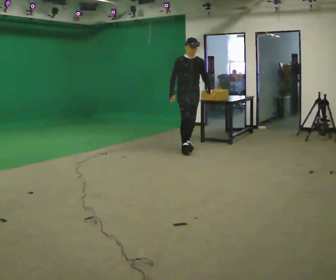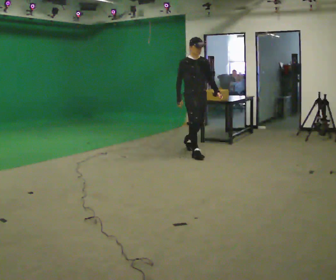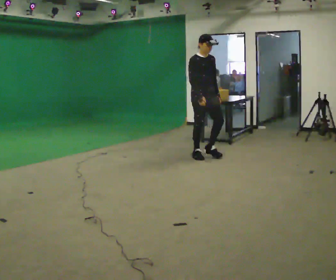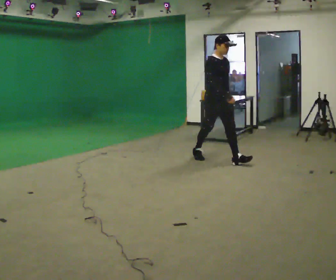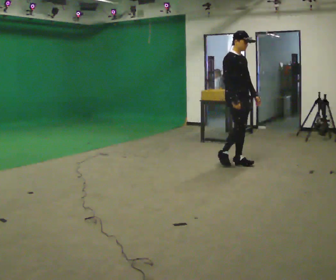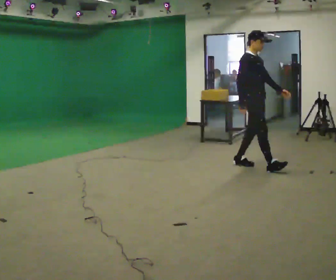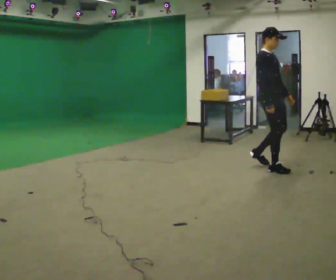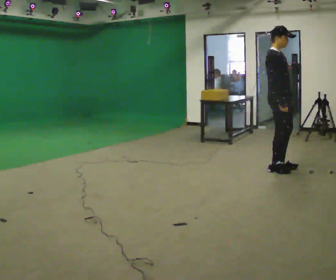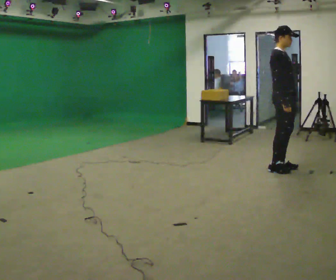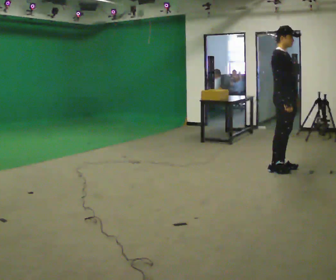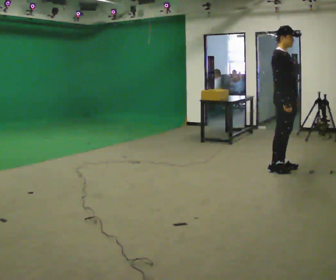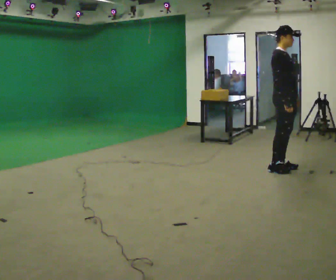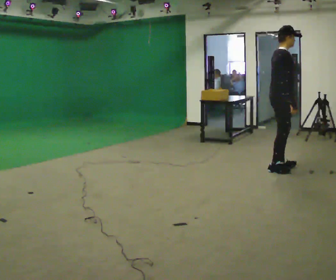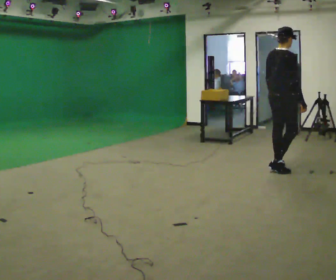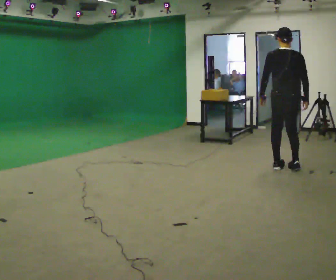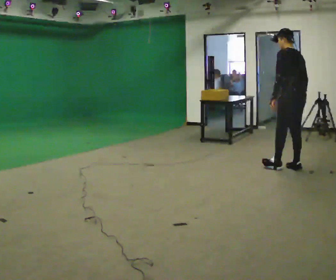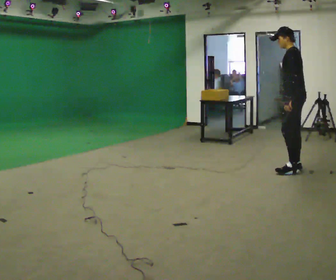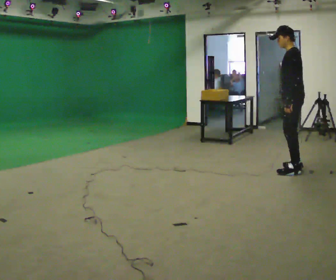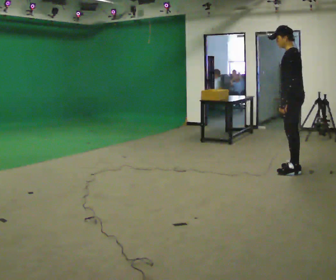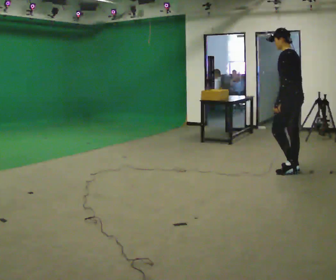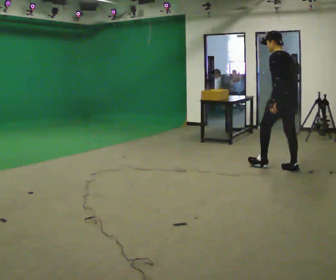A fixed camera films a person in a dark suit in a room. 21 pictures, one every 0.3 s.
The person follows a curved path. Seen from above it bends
counterclockwise.
The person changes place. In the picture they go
to the right.
0.0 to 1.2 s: The part of the body nearest the lens slides to the right as the person turns to their left by about 30 degrees. In the picture they go to the right and toward the camera, about 1 m in 2 steps, which for them is forward.
1.2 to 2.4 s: In the picture they go to the right and toward the camera, about 0.75 m in 2 steps, which for them is forward.
2.4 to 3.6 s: The person moves a little, or ends about where they began.
3.6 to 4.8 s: The person turns about 165 degrees to their left, counterclockwise seen from above, so the part of the body nearest the lens slides to the right. In the picture they go to the right, about 0.25 m in 1 step. In the picture the upper body tilts counterclockwise, shoulders to the left.
4.8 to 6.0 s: Seen from above the body turns clockwise, about 30 degrees: to their right, with its near side sliding to the left.
The film runs forward here.
